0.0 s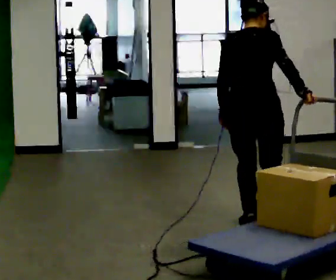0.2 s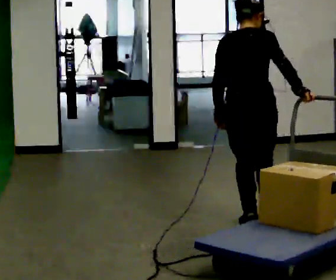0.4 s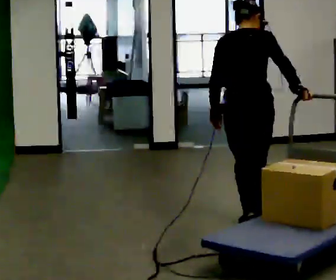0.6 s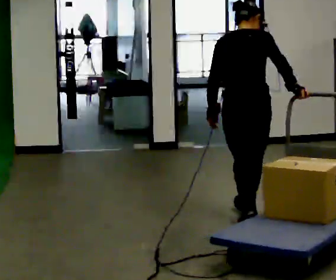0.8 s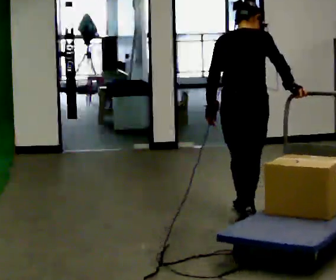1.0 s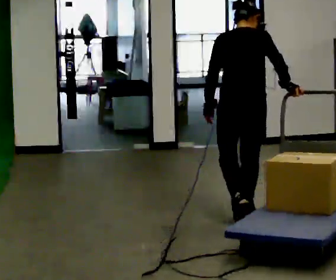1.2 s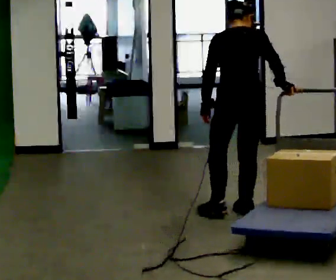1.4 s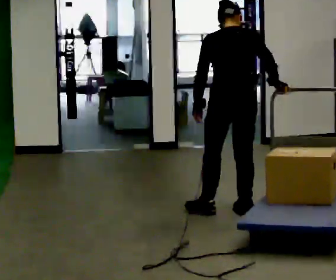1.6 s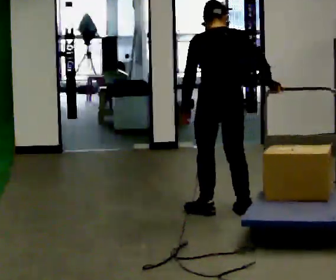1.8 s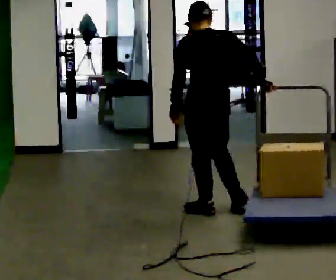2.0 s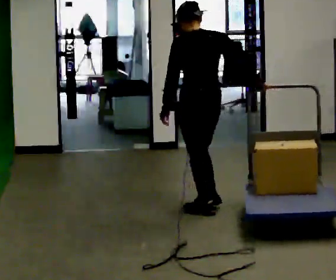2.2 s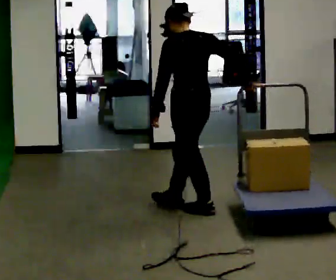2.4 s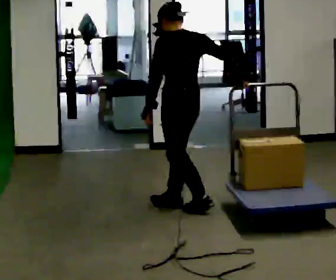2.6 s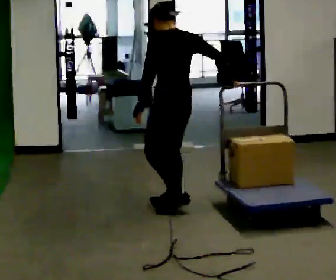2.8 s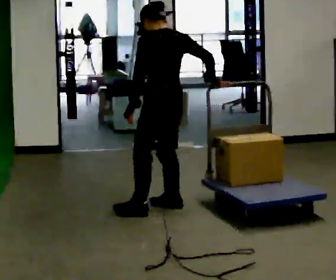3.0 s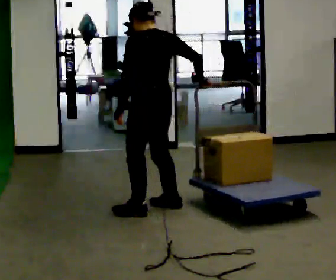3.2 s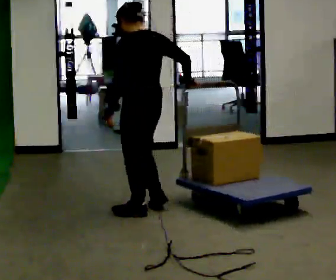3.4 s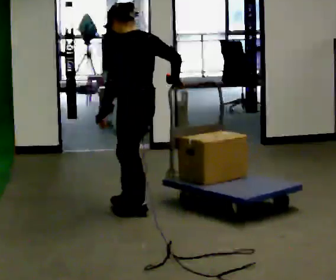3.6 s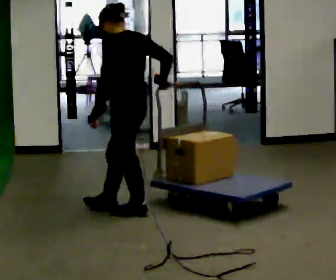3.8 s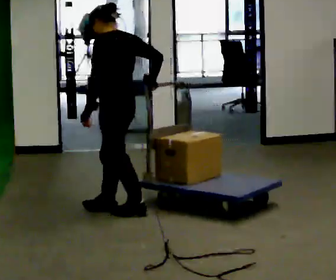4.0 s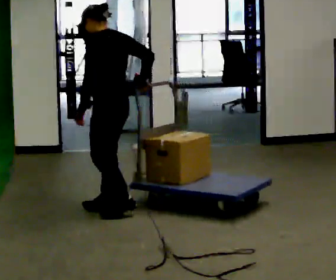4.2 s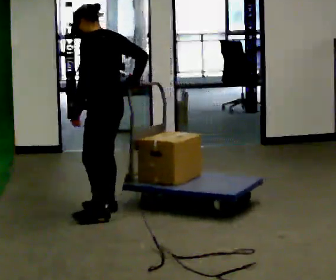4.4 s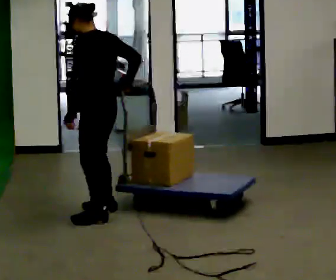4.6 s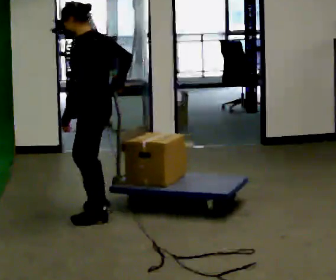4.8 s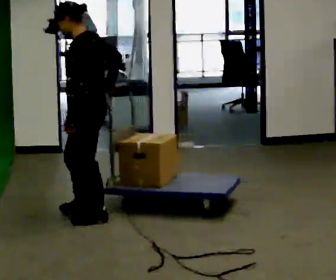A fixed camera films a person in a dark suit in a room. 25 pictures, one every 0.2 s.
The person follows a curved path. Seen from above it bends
counterclockwise.
The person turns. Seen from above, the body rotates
counterclockwise.
0.0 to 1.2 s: In the picture they go away from the camera, about 0.25 m in 1 step, which for them is forward.
1.2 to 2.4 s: The person turns about 45 degrees to their left, counterclockwise seen from above, so the part of the body nearest the lens slides to the right. In the picture they go to the left and away from the camera, about 0.5 m in 2 steps, which for them is forward and to their left.
2.4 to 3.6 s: In the picture they go to the left, about 0.25 m in 2 steps, which for them is to their left and forward.
3.6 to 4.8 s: Seen from above the body turns counterclockwise, about 30 degrees: to their left, with its near side sliding to the right. In the picture they go to the left and toward the camera, about 0.25 m in 1 step, which for them is to their left and forward.
The film runs forward here.
